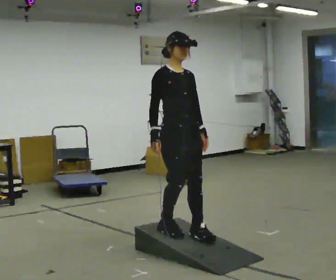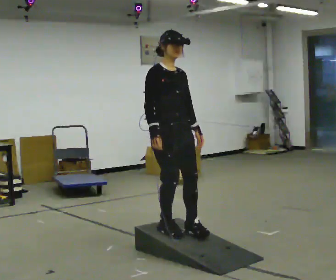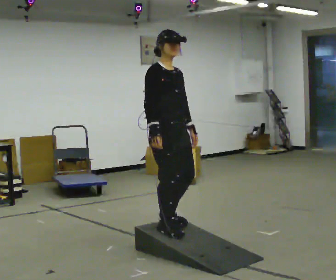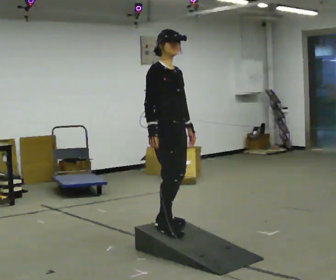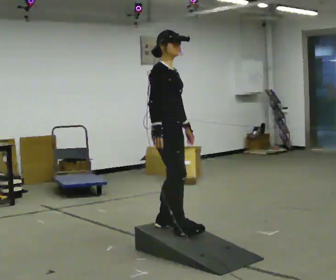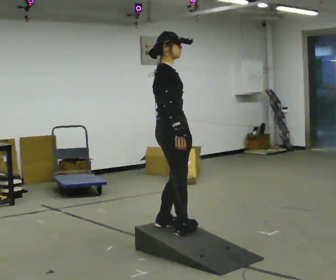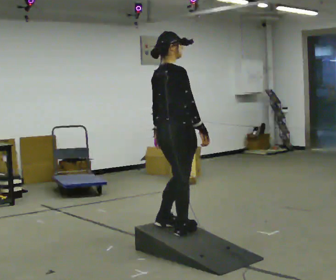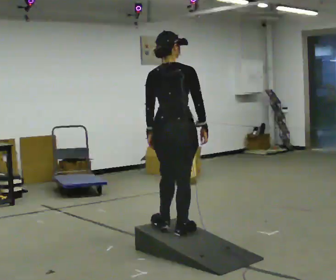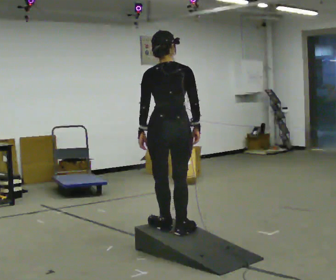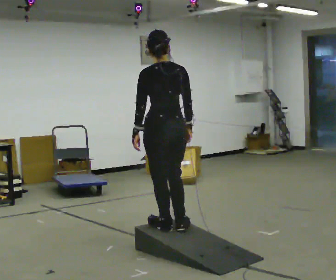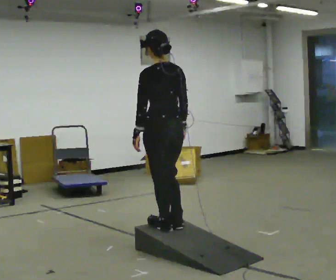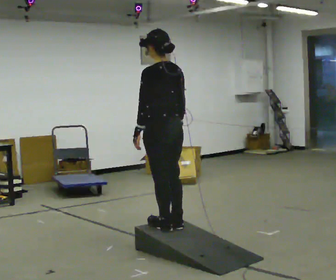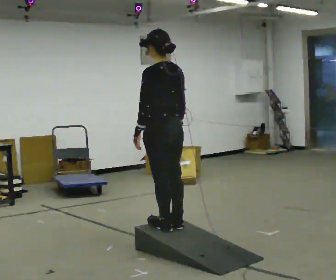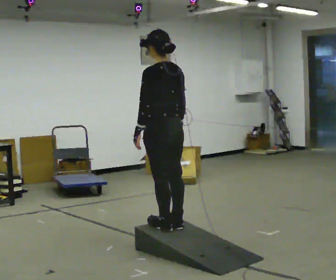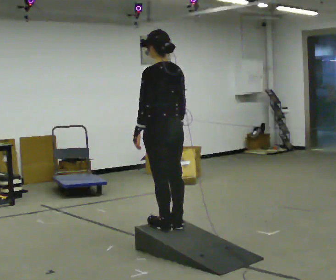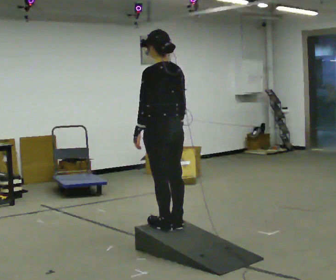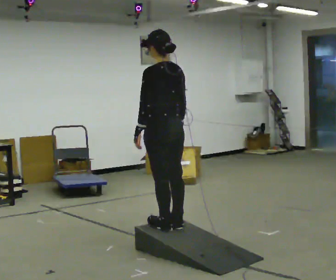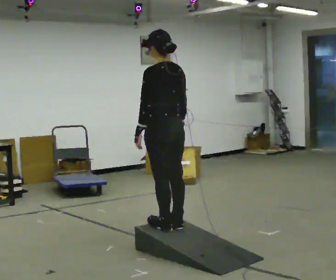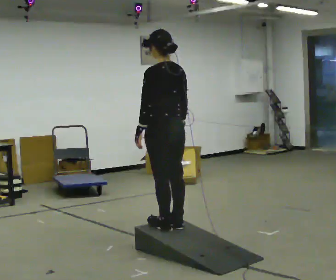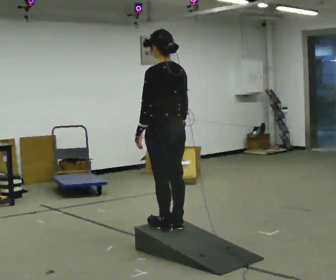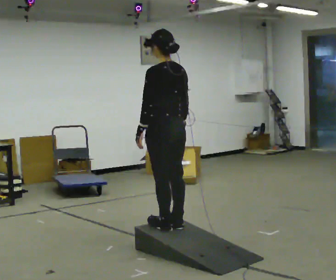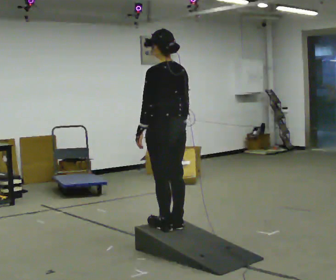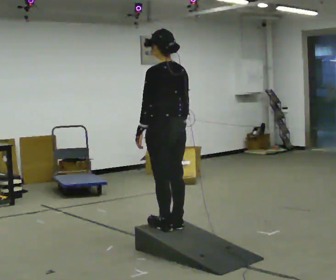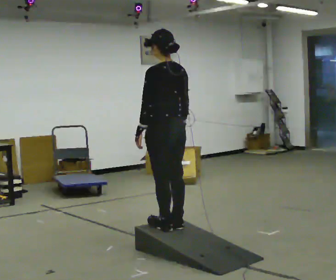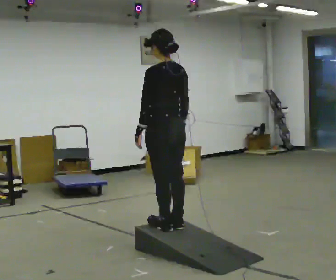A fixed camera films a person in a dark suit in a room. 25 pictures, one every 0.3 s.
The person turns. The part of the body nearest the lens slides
to the right.
The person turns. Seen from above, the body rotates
counterclockwise.
0.0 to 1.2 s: The part of the body nearest the lens slides to the right as the person turns to their left by about 30 degrees.
1.2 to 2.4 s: Seen from above the body turns counterclockwise, about 105 degrees: to their left, with its near side sliding to the right. In the picture their right hand goes to the right.
2.4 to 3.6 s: The part of the body nearest the lens slides to the right as the person turns to their left by about 45 degrees.
3.6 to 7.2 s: The person moves a little, or ends about where they began.
The film runs backward here.
